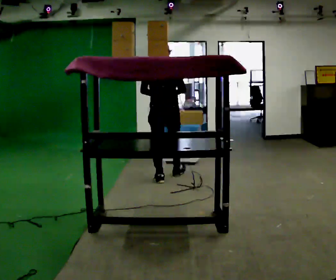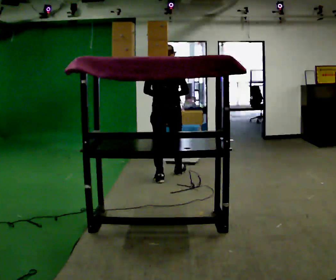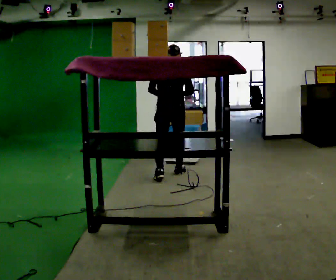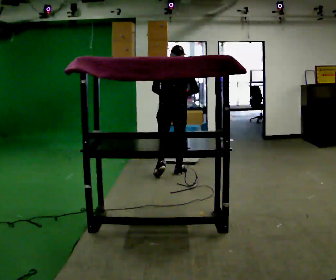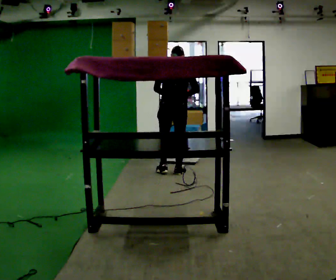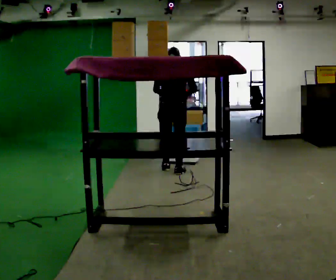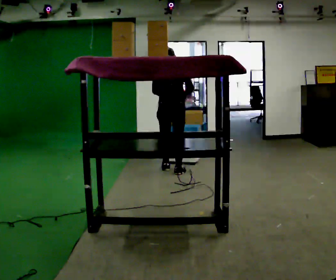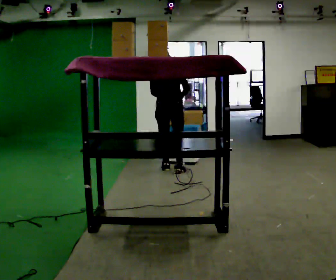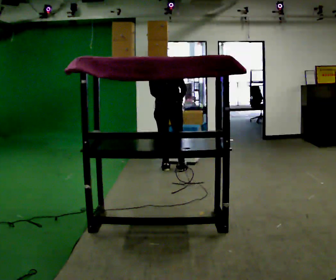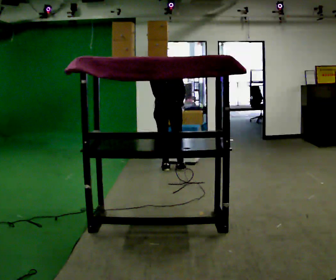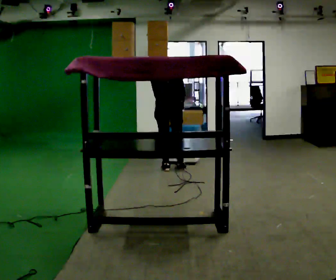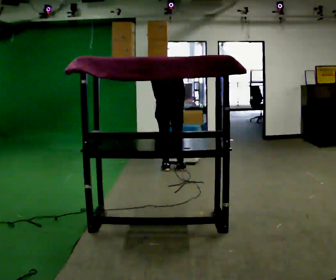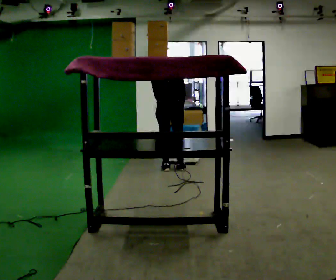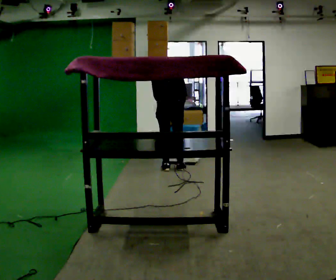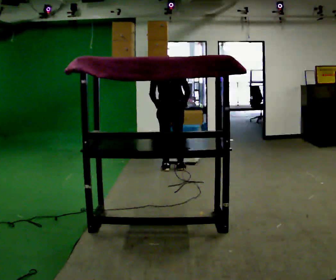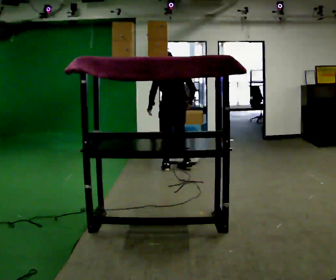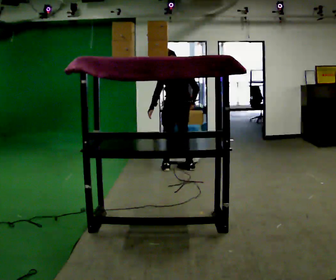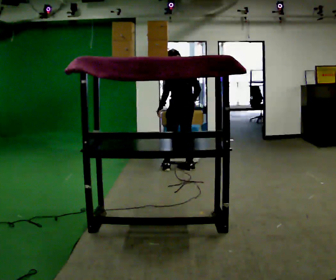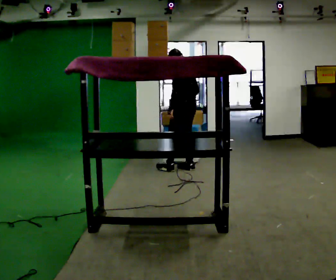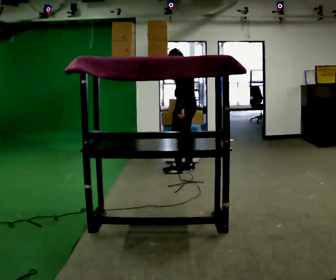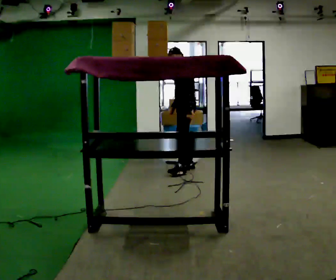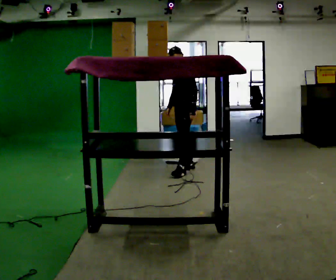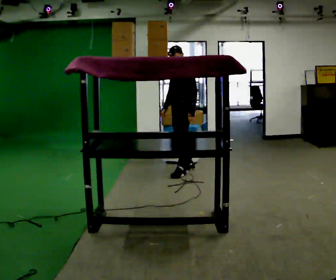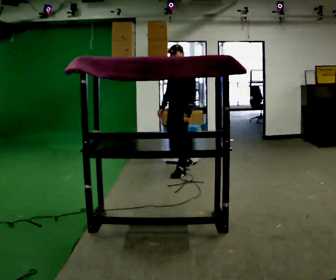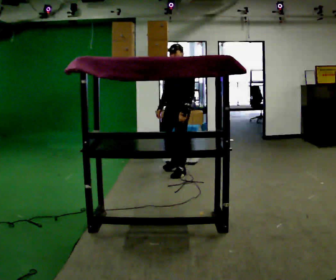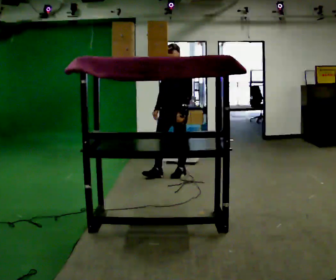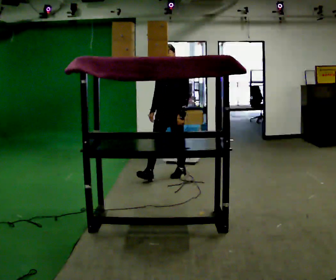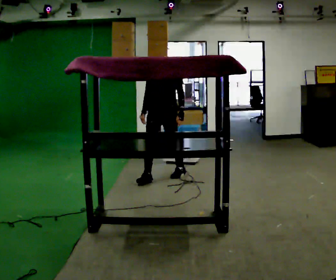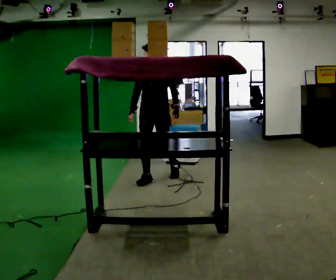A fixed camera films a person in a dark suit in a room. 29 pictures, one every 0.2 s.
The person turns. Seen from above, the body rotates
counterclockwise.
The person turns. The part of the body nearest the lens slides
to the right.
0.0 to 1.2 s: In the picture they go away from the camera, about 0.5 m in 2 steps, which for them is forward.
1.2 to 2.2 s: The upper body tips away from the camera, its near side rolling upward, as they bend forward.
2.2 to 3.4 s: The part of the body nearest the lens slides to the right as the person turns to their left by about 45 degrees. In the picture they go to the right, about 0.25 m in 1 step, which for them is to their right. The upper body tips toward the camera, its near side rolling downward, as they lean back or straighten.
3.4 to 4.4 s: The person turns about 75 degrees to their left, counterclockwise seen from above, so the part of the body nearest the lens slides to the right. In the picture their left hand goes to the right, the arm swinging counterclockwise.
4.4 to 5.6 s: The person turns about 45 degrees to their left, counterclockwise seen from above, so the part of the body nearest the lens slides to the right. In the picture they go toward the camera and to the left, about 0.5 m in 1 step, which for them is forward.
The film runs forward here.
